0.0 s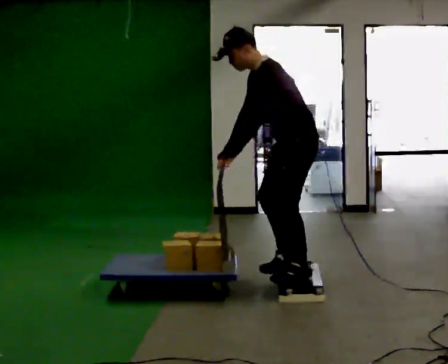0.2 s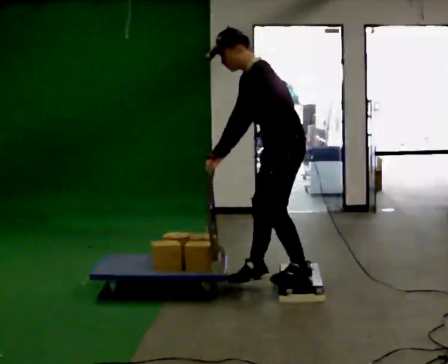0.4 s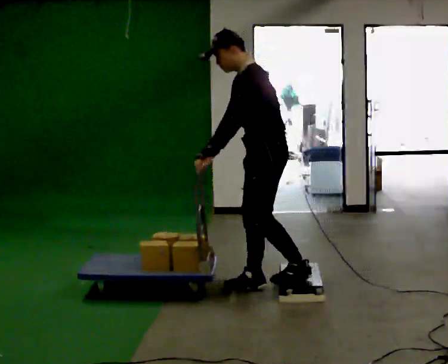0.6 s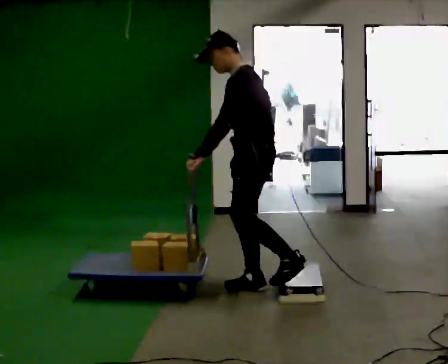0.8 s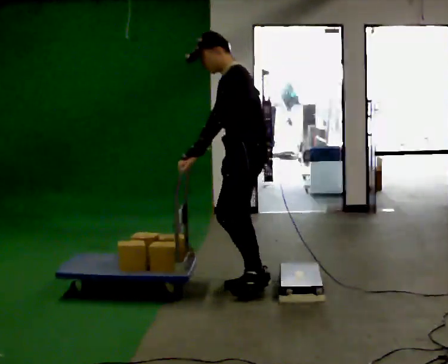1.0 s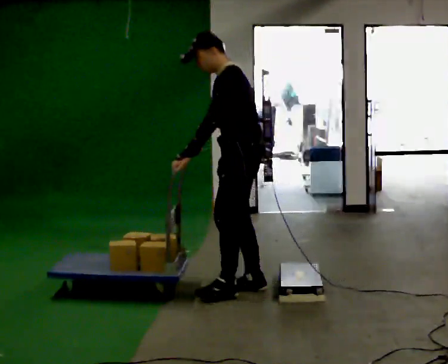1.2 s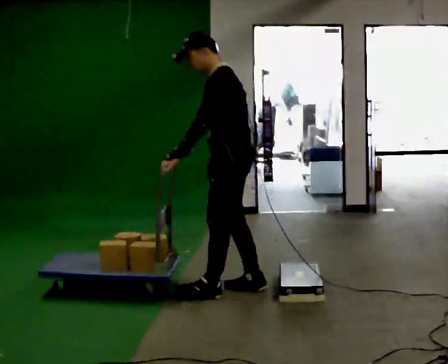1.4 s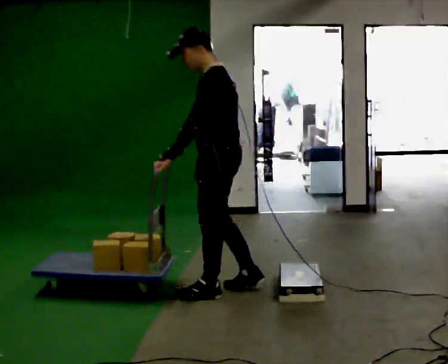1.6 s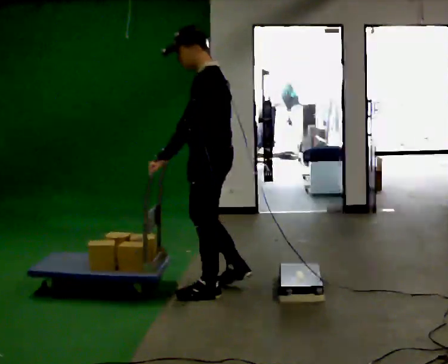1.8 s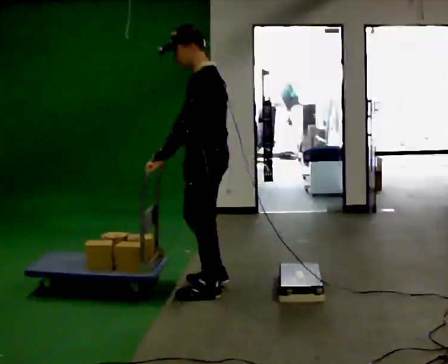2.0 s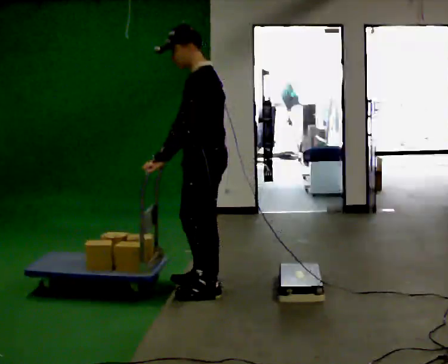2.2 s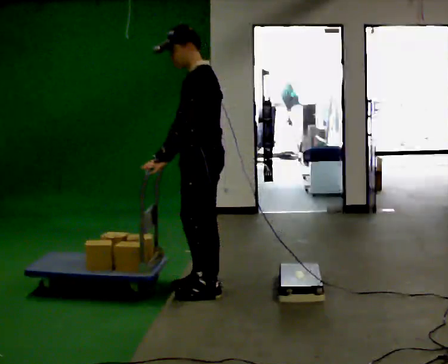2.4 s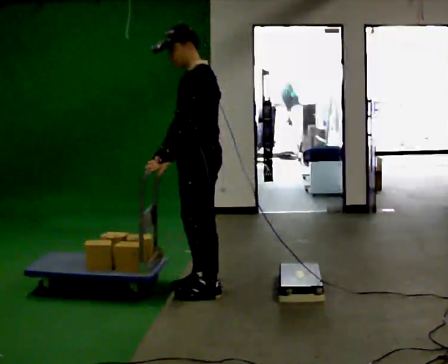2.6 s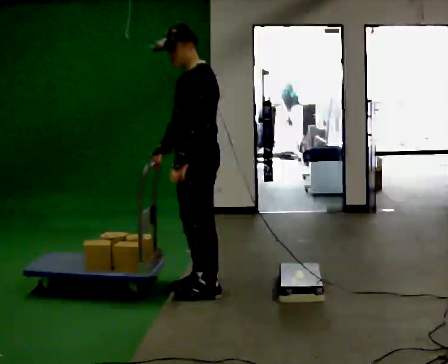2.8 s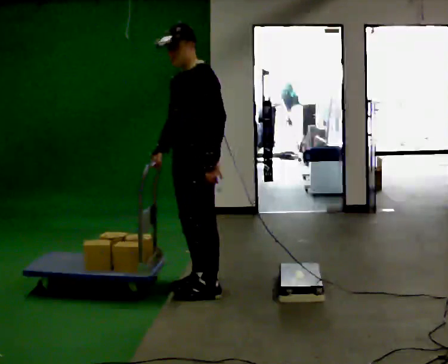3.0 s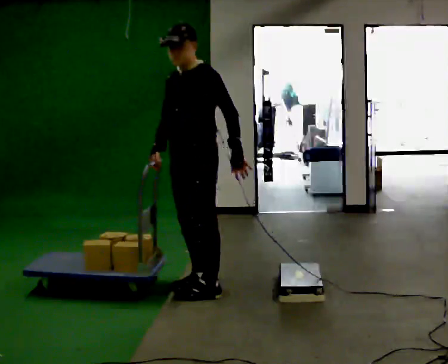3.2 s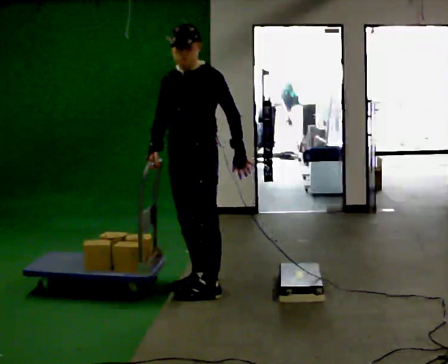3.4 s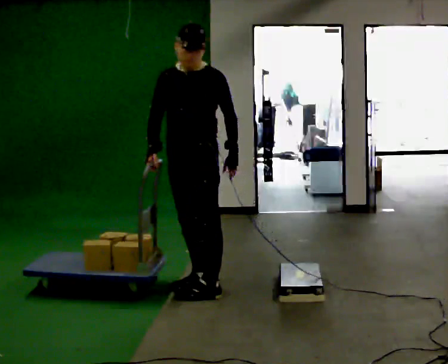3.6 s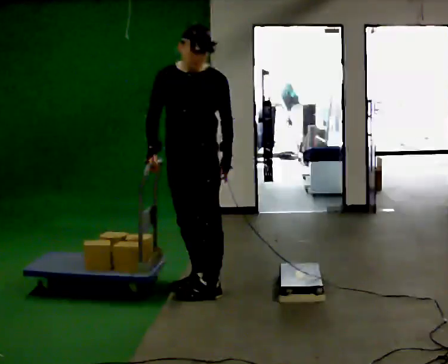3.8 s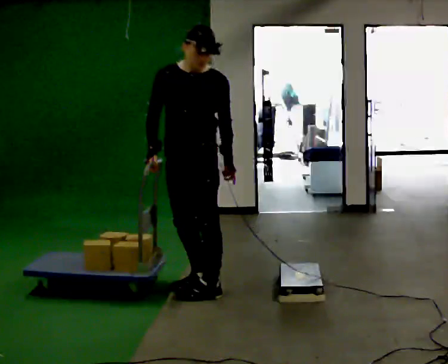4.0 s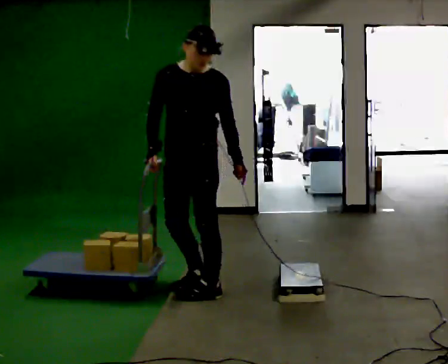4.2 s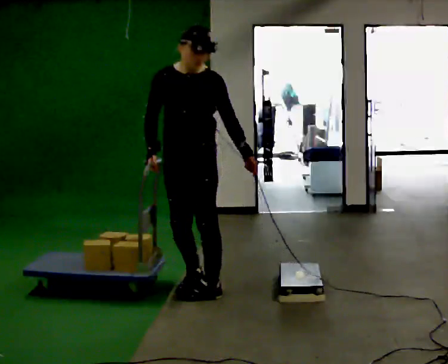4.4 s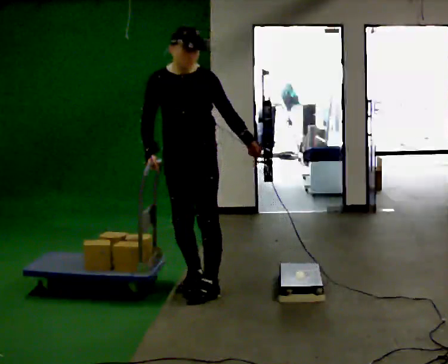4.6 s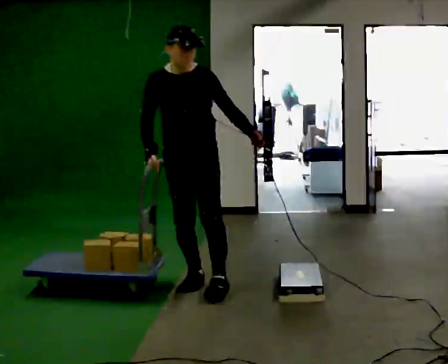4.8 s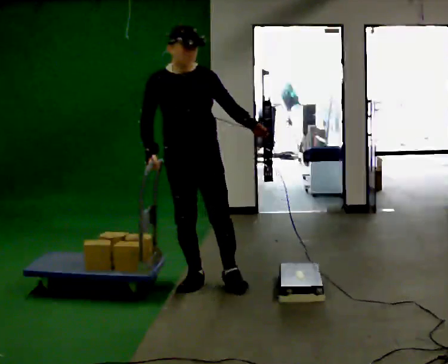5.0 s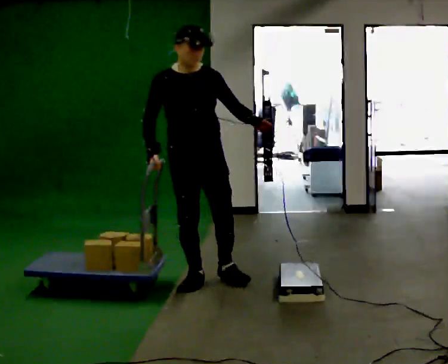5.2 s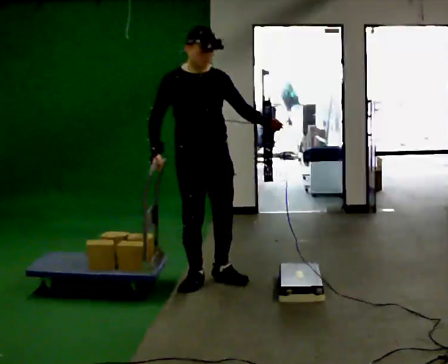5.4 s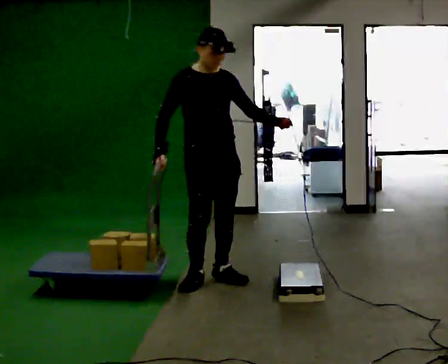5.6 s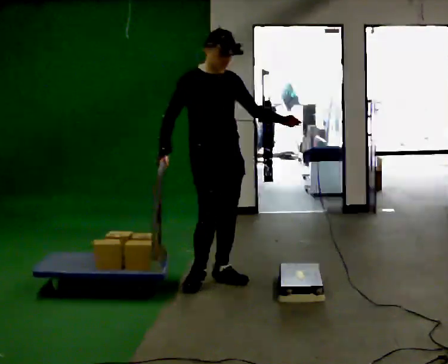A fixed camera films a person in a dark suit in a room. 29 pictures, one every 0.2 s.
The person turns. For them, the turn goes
to their left.
The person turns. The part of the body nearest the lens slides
to the right.
0.0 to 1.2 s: In the picture they go to the left, about 0.5 m in 2 steps, which for them is forward. In the picture the upper body tilts clockwise, shoulders to the right, as they lean back or straighten.
1.2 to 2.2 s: In the picture they go to the left, about 0.25 m in 1 step, which for them is forward.
2.2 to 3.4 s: The part of the body nearest the lens slides to the right as the person turns to their left by about 45 degrees. In the picture their left hand goes to the right, the arm swinging counterclockwise.
3.4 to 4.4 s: The person moves a little, or ends about where they began.
4.4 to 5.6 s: The person turns about 45 degrees to their left, counterclockwise seen from above, so the part of the body nearest the lens slides to the right.
The film runs forward here.
